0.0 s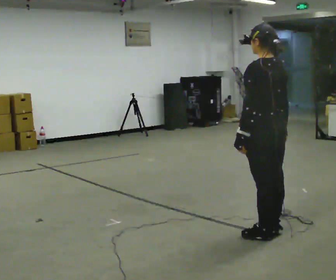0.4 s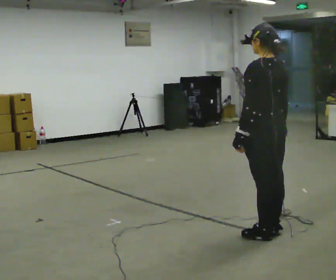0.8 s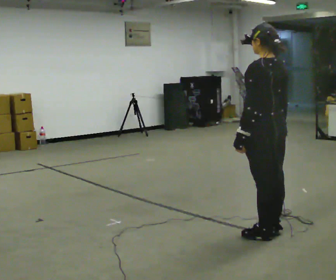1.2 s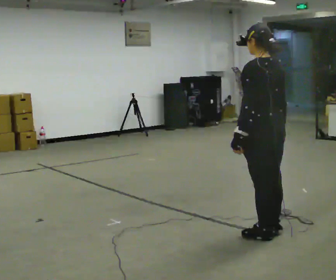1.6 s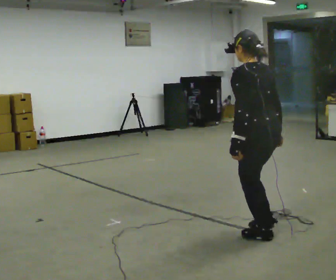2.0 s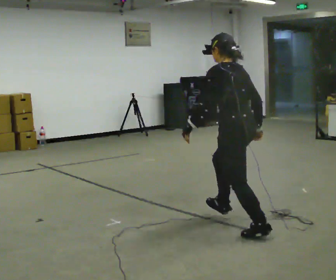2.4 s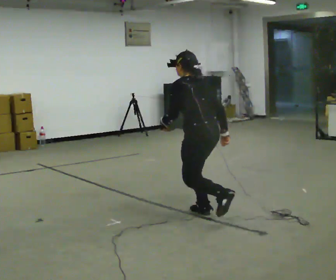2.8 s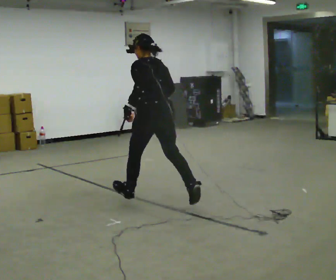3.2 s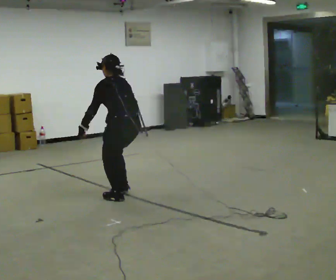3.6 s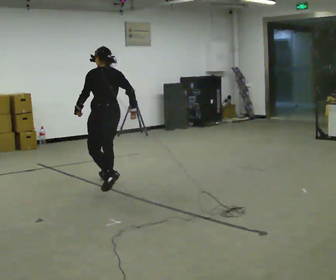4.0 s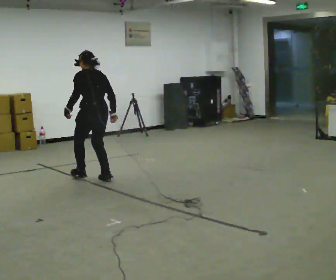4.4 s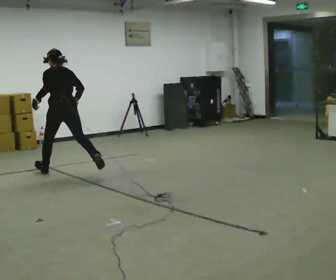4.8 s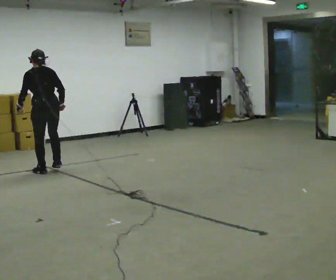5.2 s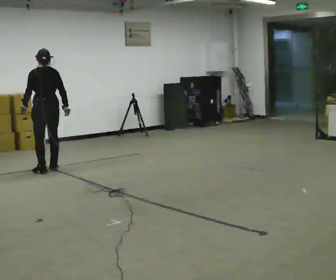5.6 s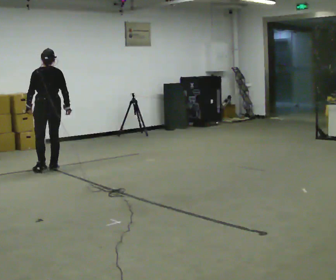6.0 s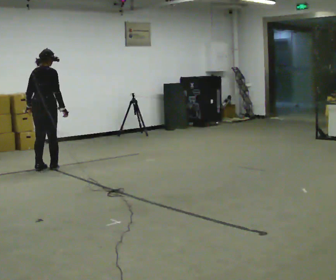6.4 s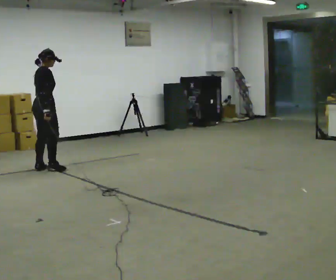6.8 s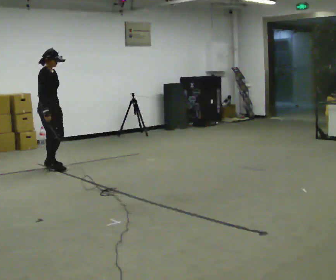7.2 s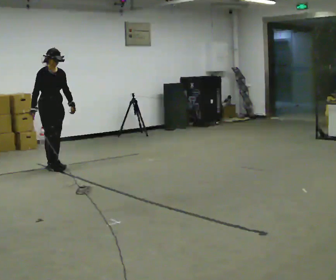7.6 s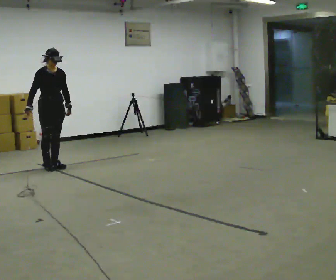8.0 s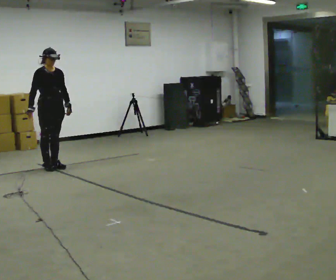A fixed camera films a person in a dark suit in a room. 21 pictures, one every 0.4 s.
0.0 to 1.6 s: The person moves a little, or ends about where they began.
1.6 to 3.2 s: In the picture they go away from the camera and to the left, about 1.5 m in 2 steps, which for them is forward.
3.2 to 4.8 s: In the picture they go away from the camera and to the left, about 1.5 m in 2 steps, which for them is forward.
4.8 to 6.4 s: Seen from above the body turns clockwise, about 90 degrees: to their right, with its near side sliding to the left. In the picture they go away from the camera, about 0.25 m in 2 steps. In the picture the upper body tilts clockwise, shoulders to the right.
6.4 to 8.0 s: The person turns about 90 degrees to their right, clockwise seen from above, so the part of the body nearest the lens slides to the left. In the picture their left hand goes to the right.
The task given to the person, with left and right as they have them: Run forward with long exaggerated bounding strides, spending as long in the air as you comfortably can.
The film runs forward here.
